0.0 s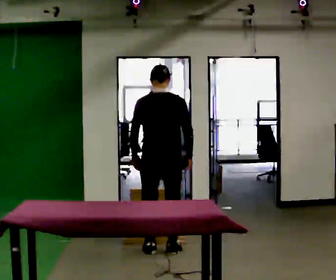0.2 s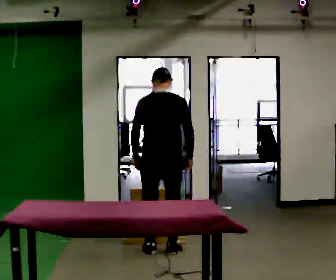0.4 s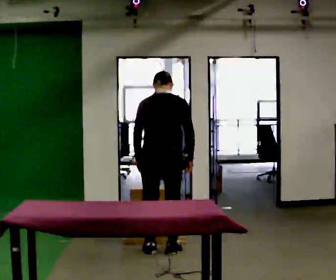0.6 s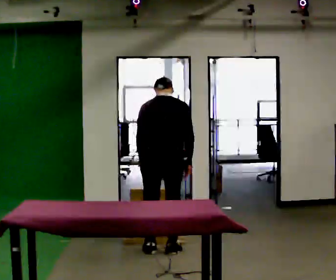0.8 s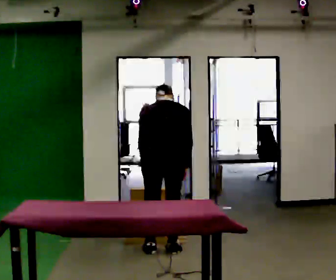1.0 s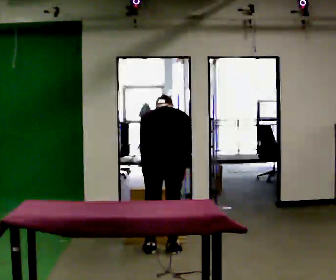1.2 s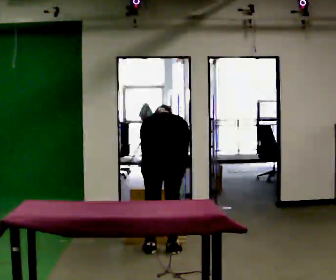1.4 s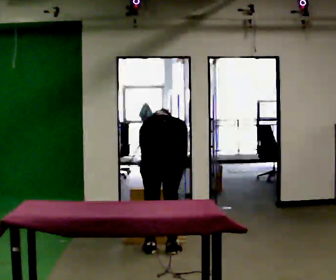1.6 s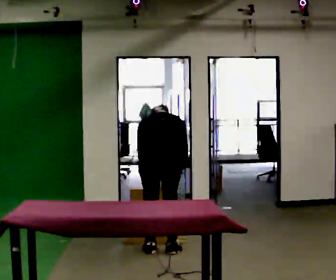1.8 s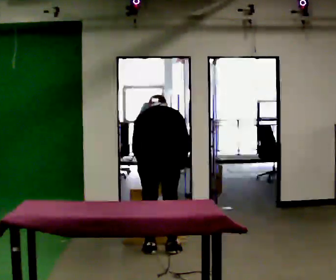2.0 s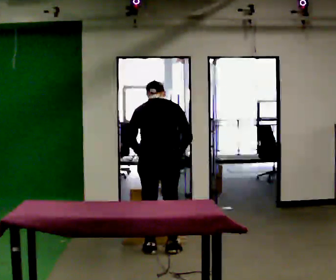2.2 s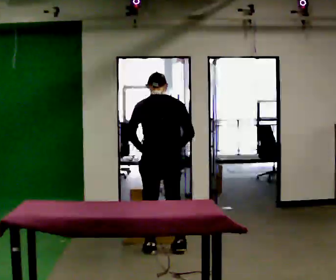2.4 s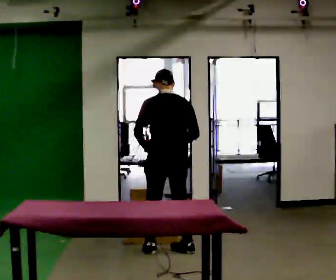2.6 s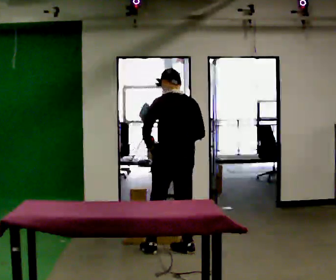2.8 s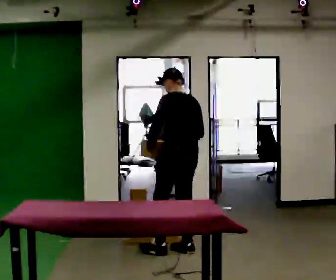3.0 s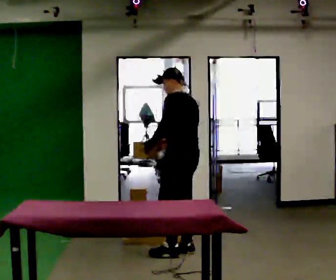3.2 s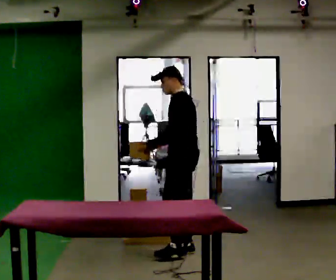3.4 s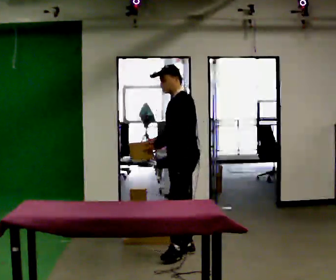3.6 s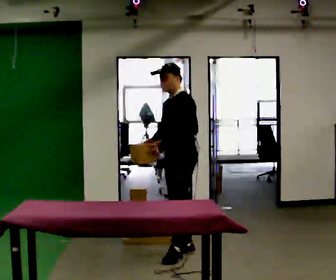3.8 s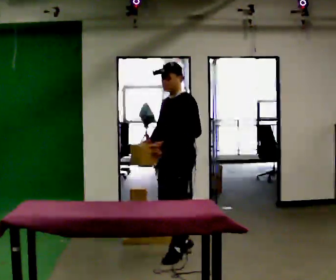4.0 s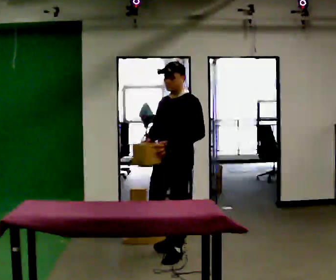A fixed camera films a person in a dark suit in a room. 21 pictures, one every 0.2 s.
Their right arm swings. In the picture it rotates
clockwise.
The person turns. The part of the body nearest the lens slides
to the right.
0.0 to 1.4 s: The shoulders move downward. The upper body tips away from the camera, its near side rolling upward, as they bend forward.
1.4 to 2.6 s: The part of the body nearest the lens slides to the right as the person turns to their left by about 30 degrees. The shoulders move upward. The upper body tips toward the camera, its near side rolling downward, as they lean back or straighten. In the picture their left hand goes upward.
2.6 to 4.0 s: Seen from above the body turns counterclockwise, about 105 degrees: to their left, with its near side sliding to the right. In the picture they go toward the camera, about 0.25 m in 1 step.
The film runs forward here.
